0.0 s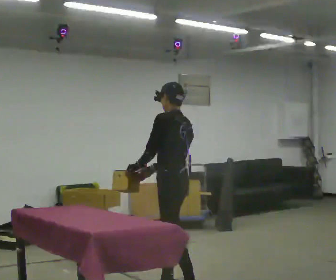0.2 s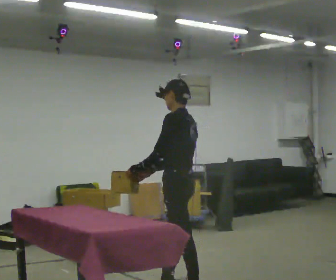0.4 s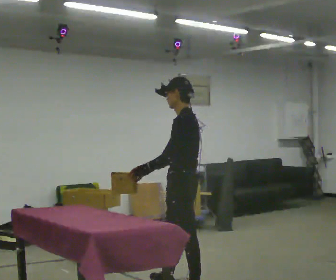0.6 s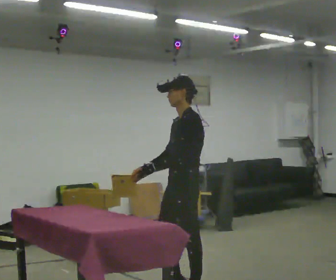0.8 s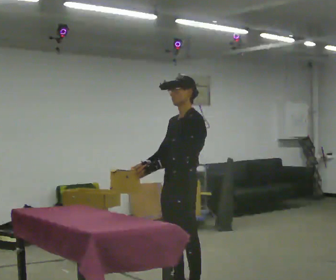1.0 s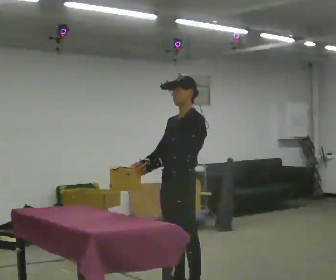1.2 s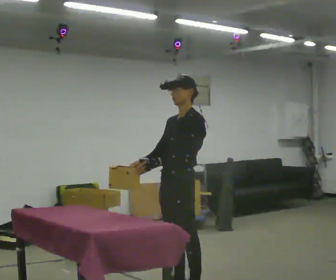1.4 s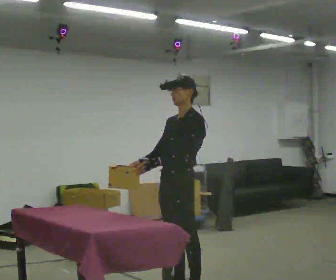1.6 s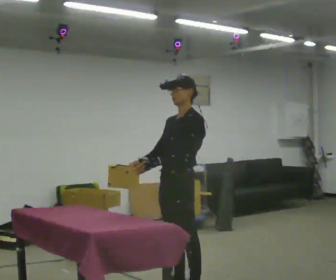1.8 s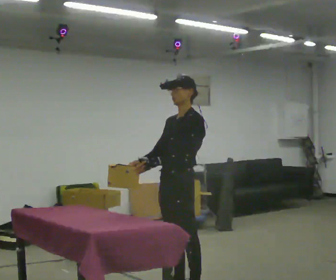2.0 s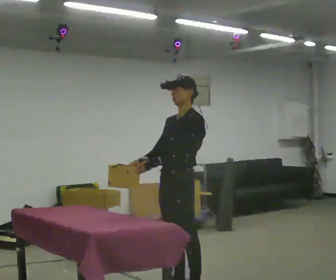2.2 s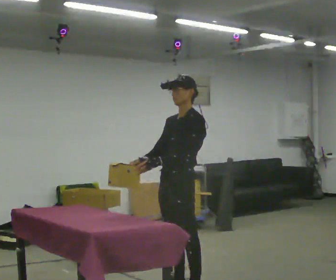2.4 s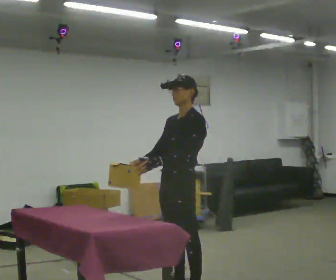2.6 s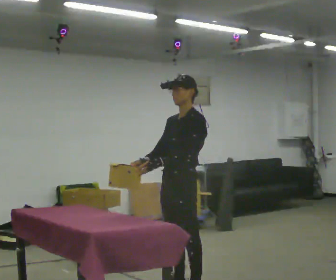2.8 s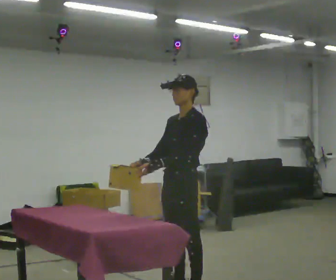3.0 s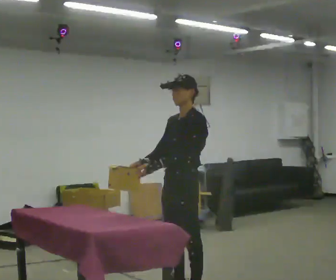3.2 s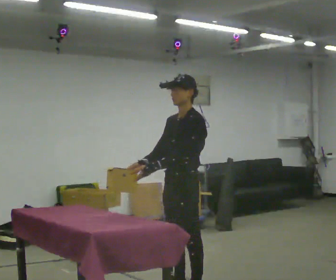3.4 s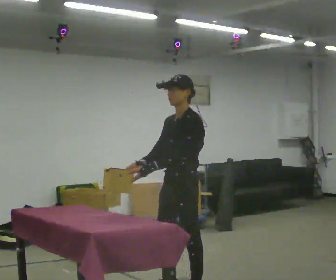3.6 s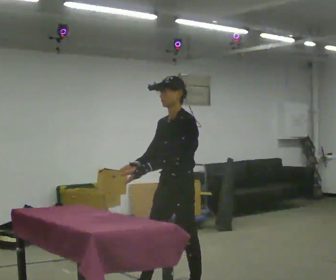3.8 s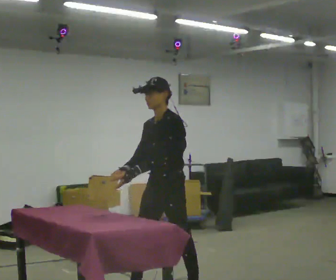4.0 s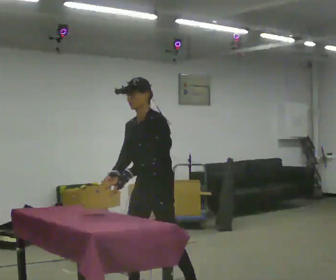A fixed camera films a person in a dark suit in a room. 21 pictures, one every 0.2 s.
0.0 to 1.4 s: Seen from above the body turns counterclockwise, about 60 degrees: to their left, with its near side sliding to the right. In the picture they go toward the camera, about 0.25 m, which for them is to their left.
1.4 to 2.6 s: The person moves a little, or ends about where they began.
2.6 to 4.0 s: In the picture they go to the left, about 0.25 m in 1 step, which for them is forward. In the picture the upper body tilts counterclockwise, shoulders to the left, as they bend forward.
The film runs backward here.
